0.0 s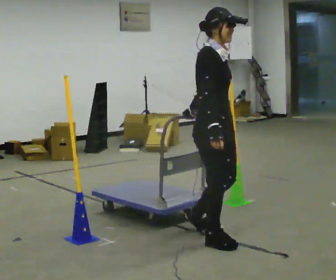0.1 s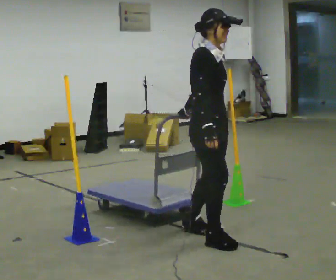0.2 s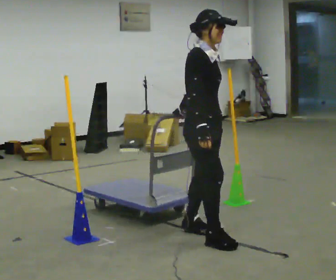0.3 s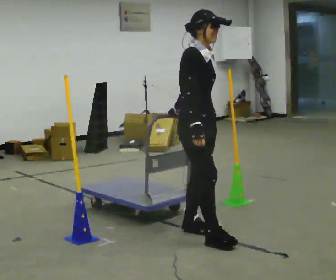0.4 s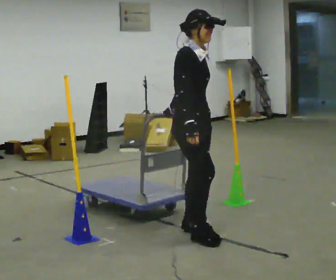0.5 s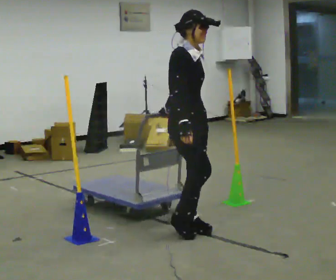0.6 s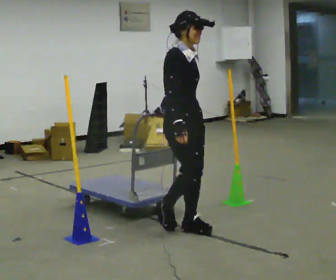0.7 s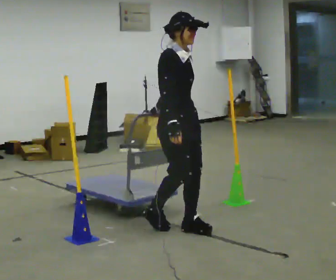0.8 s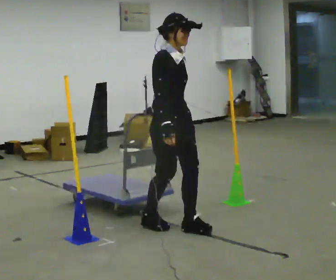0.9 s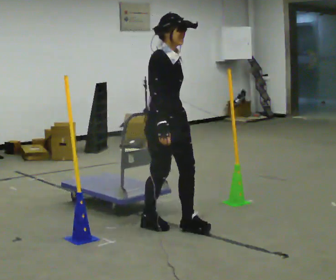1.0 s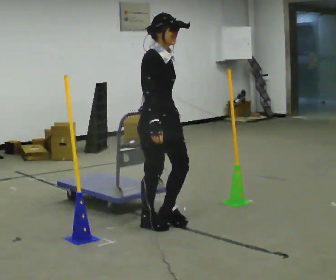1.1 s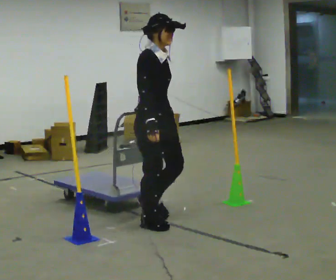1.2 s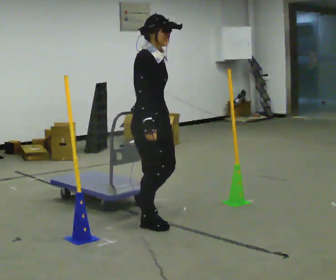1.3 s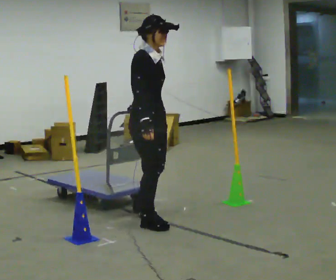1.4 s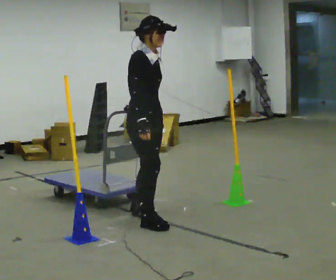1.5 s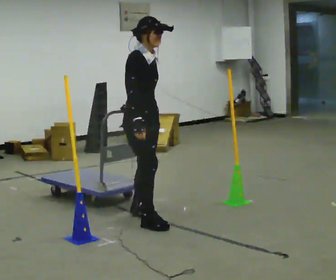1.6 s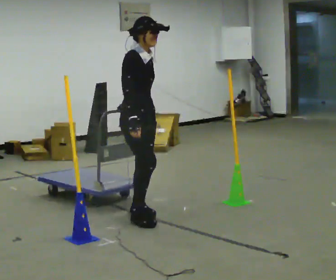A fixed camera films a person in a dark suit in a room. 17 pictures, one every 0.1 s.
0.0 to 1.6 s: In the picture they go away from the camera and to the left, about 1 m in 3 steps, which for them is backward.
The film runs backward here.
